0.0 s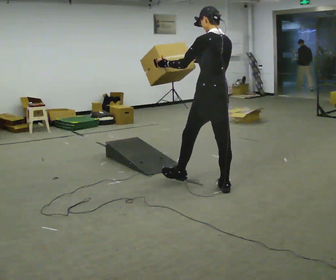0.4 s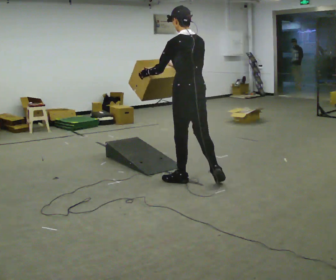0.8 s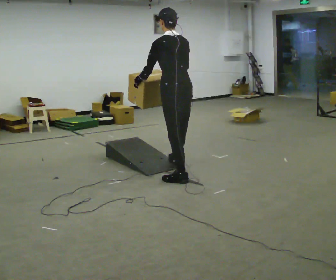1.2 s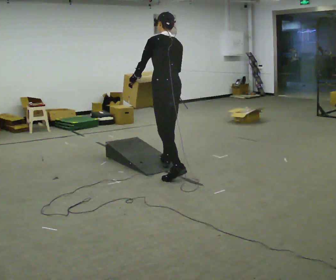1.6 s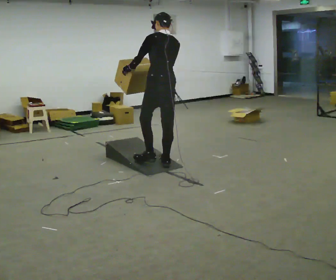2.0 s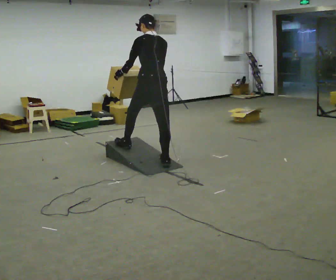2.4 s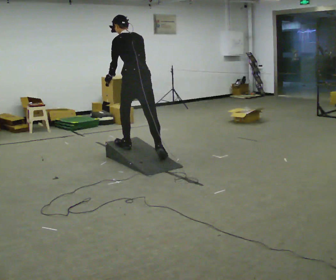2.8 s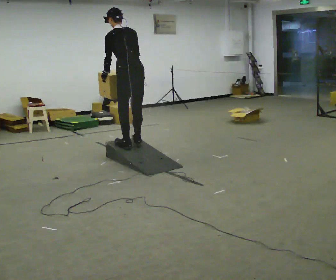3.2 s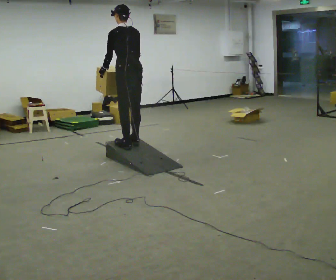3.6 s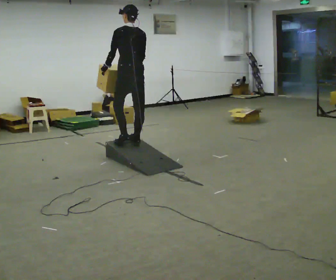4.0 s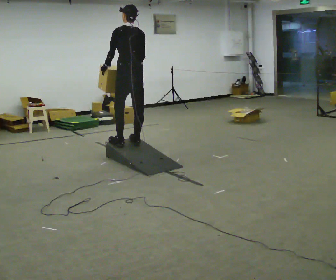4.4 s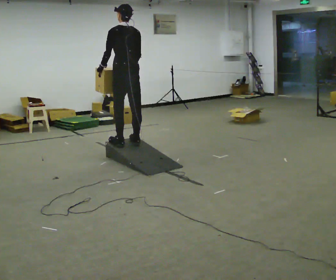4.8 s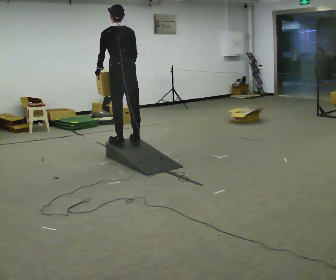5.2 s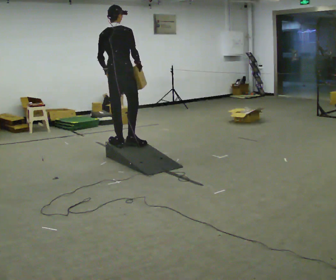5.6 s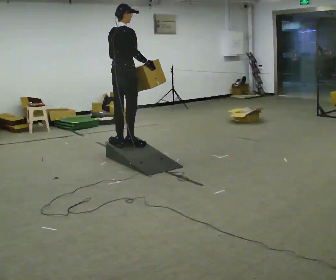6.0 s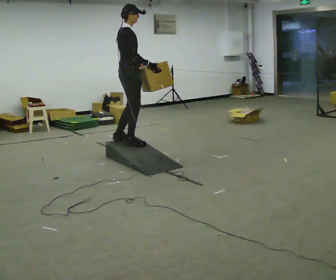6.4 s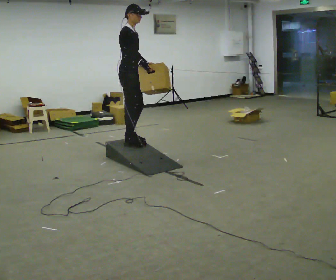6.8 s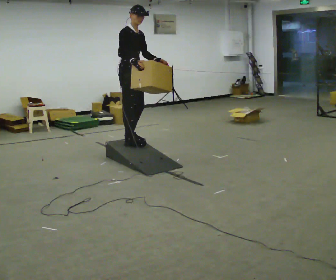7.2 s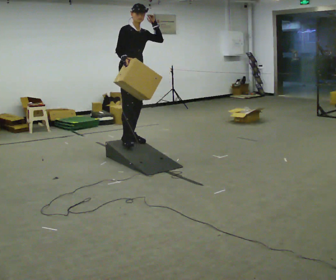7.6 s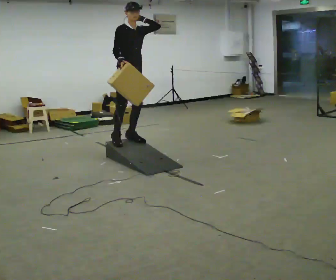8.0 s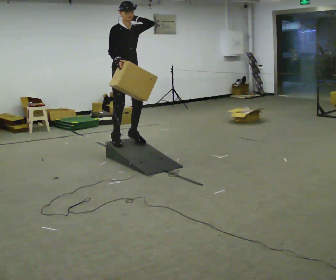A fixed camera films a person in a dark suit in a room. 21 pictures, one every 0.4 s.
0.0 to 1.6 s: In the picture they go away from the camera and to the left, about 1 m in 1 step, which for them is forward.
1.6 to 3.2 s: In the picture they go away from the camera and to the left, about 0.5 m in 2 steps, which for them is forward.
3.2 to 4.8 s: The person moves a little, or ends about where they began.
4.8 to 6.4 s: Seen from above the body turns clockwise, about 120 degrees: to their right, with its near side sliding to the left. In the picture the upper body tilts clockwise, shoulders to the right.
6.4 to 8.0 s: Seen from above the body turns clockwise, about 45 degrees: to their right, with its near side sliding to the left. In the picture their left hand goes upward.
The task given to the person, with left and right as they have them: Carry the box up the ramp, turn at the top, and carry it back down. Keep going until the operator says stop; one object at a time, and do not rush between trips.
The film runs forward here.
